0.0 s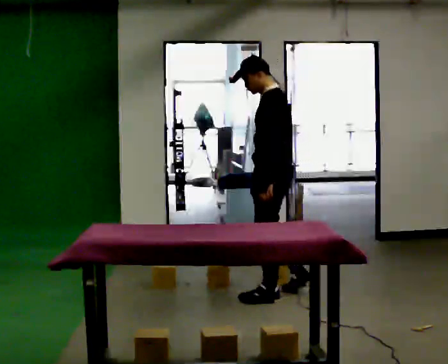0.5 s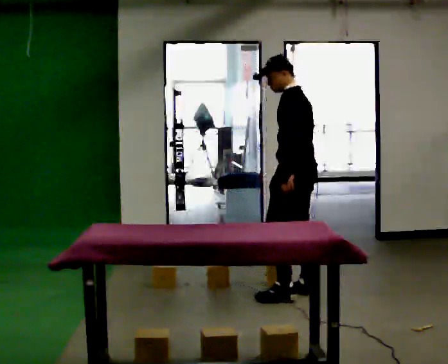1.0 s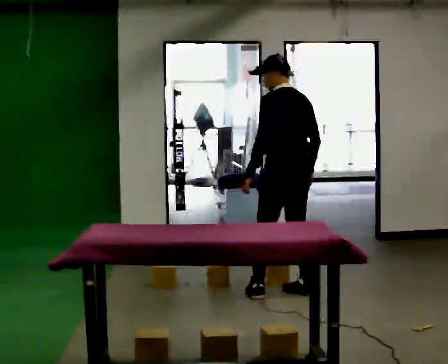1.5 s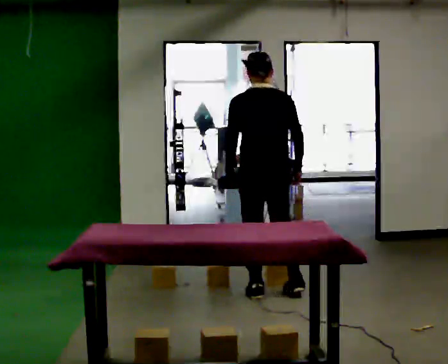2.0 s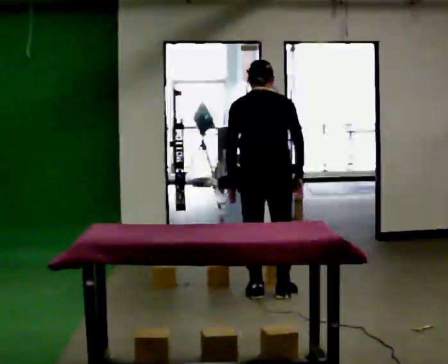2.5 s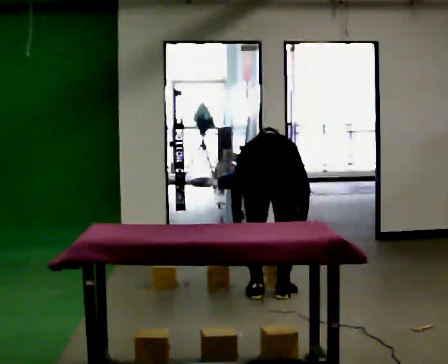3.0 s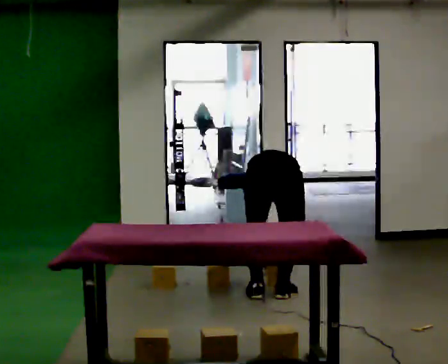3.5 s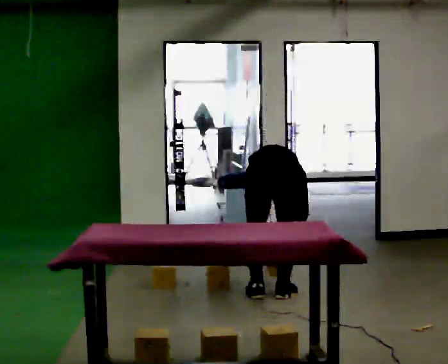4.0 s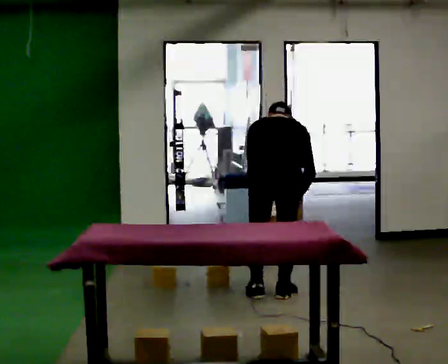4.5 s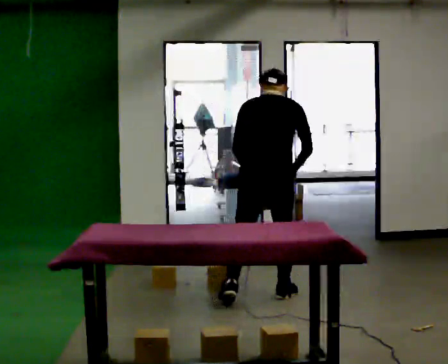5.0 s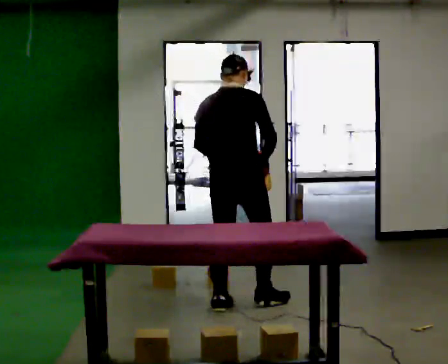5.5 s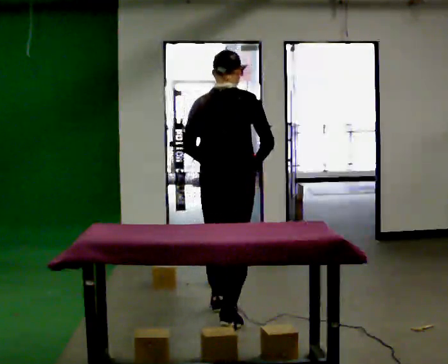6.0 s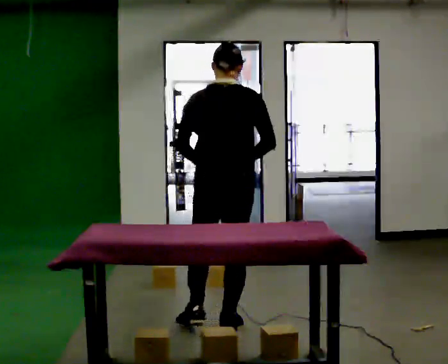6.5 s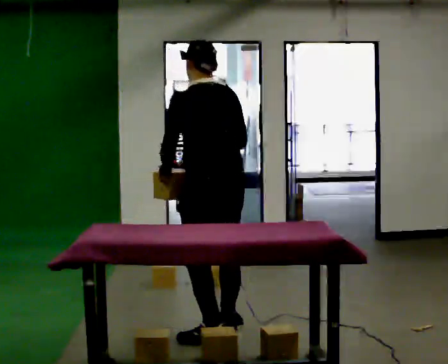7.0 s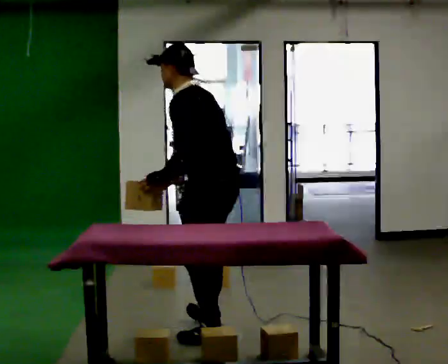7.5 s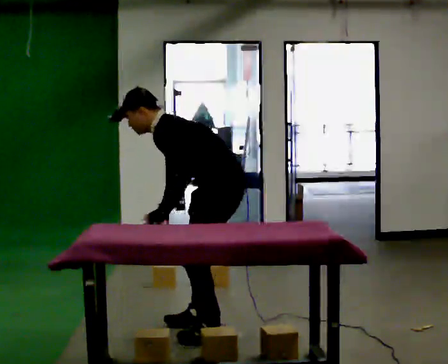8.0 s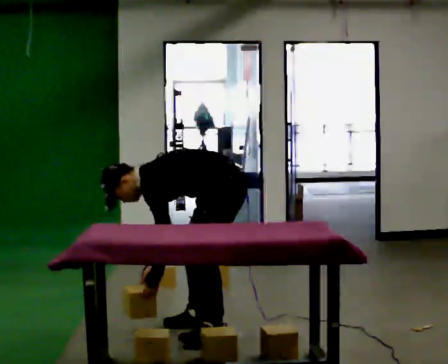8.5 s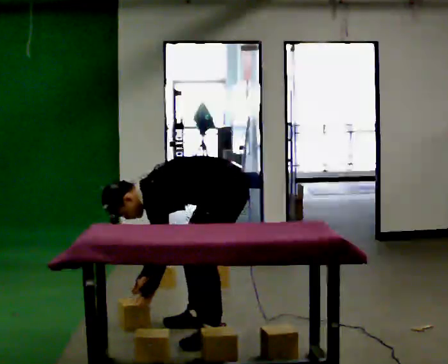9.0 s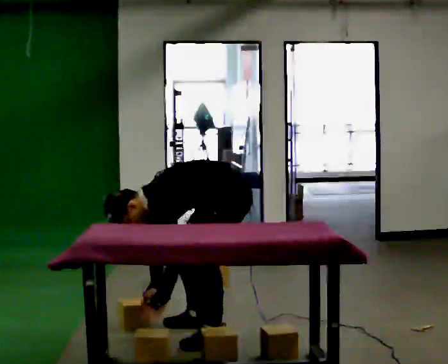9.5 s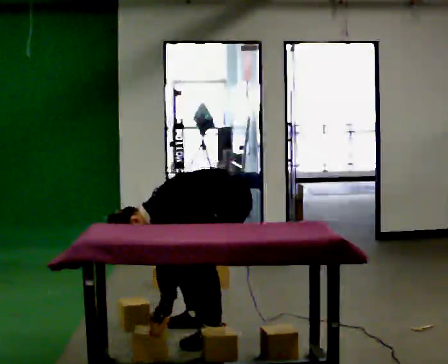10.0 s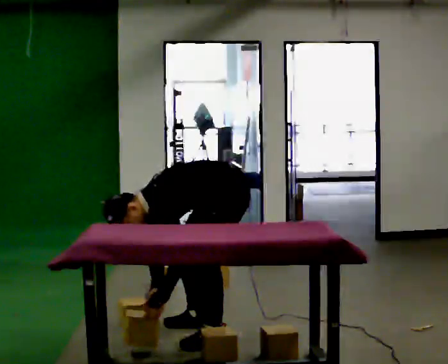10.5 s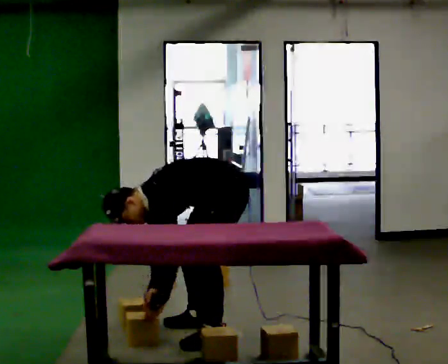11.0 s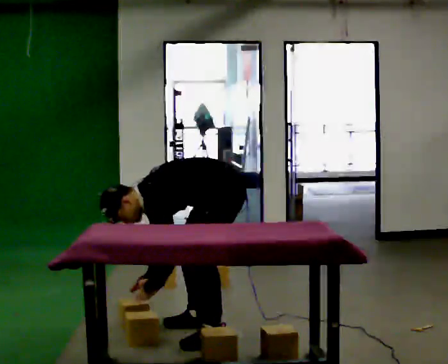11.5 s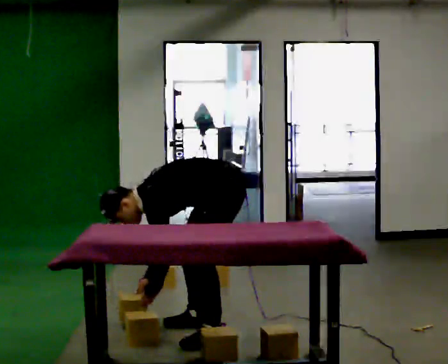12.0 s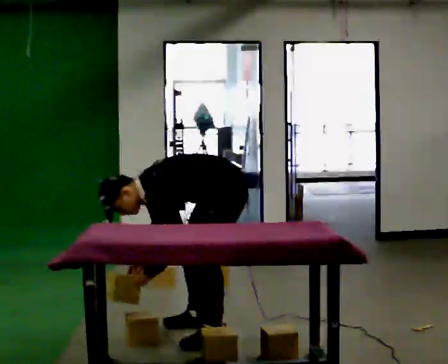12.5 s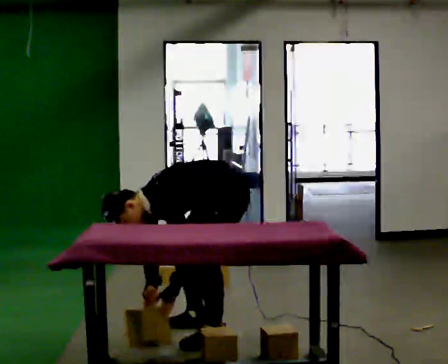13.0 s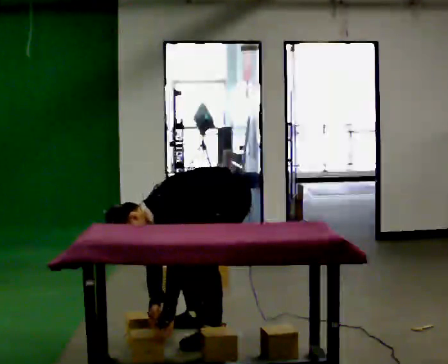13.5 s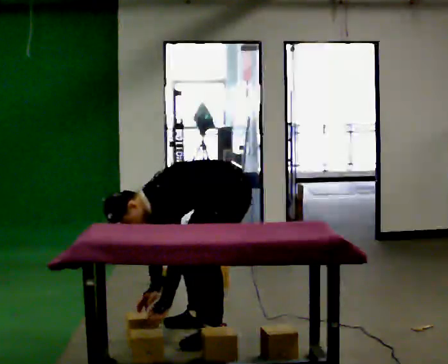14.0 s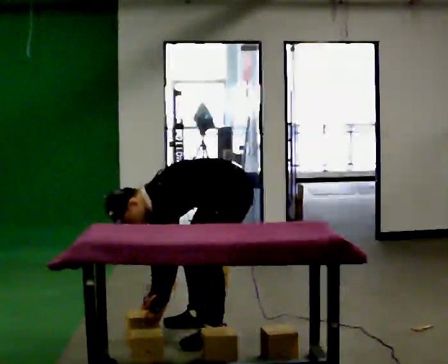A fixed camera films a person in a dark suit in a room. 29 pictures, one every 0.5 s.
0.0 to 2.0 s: The person turns about 90 degrees to their right, clockwise seen from above, so the part of the body nearest the lens slides to the left.
2.0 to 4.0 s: The person moves a little, or ends about where they began.
4.0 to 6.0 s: In the picture they go toward the camera and to the left, about 1 m in 3 steps, which for them is backward. The upper body goes upward. The upper body tips toward the camera, its near side rolling downward, as they lean back or straighten. In the picture their right hand goes upward.
6.0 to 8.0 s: The person turns about 105 degrees to their left, counterclockwise seen from above, so the part of the body nearest the lens slides to the right. The shoulders move downward. In the picture the upper body tilts counterclockwise, shoulders to the left, as they bend forward. In the picture their left hand goes downward.
8.0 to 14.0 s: The person moves a little, or ends about where they began.
The film runs backward here.
